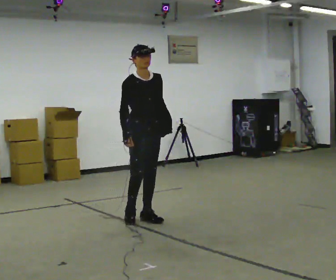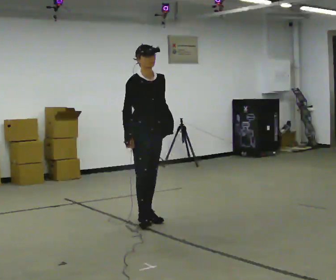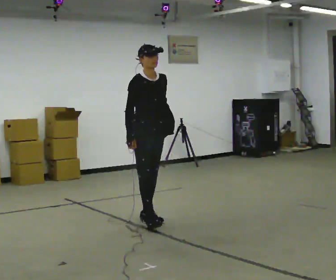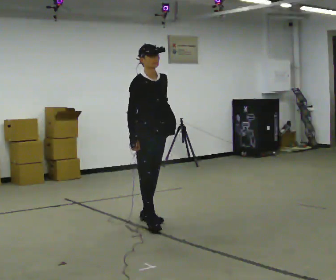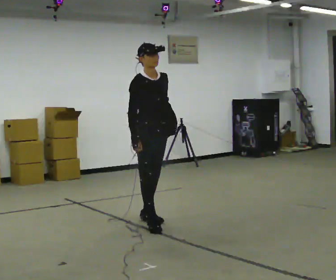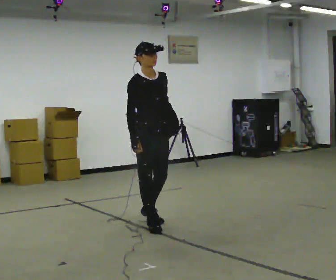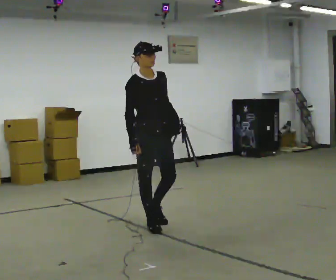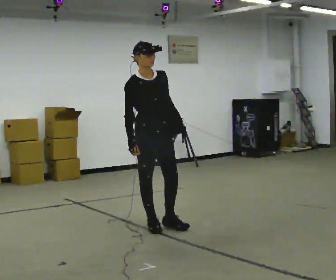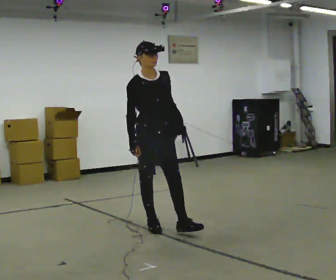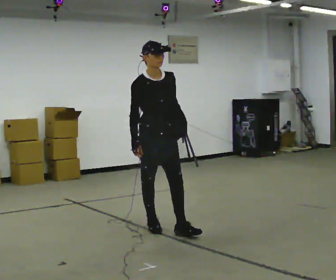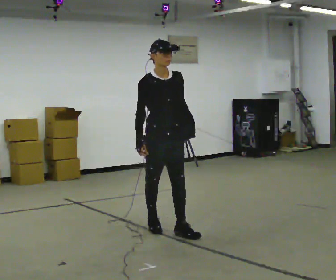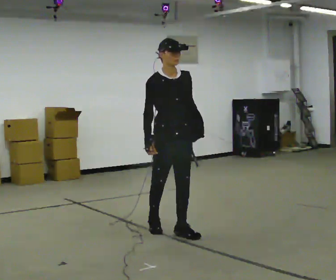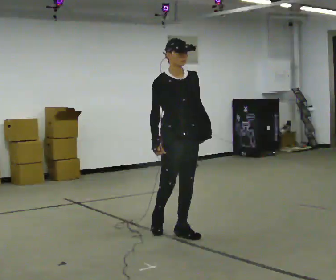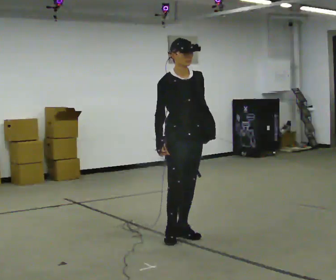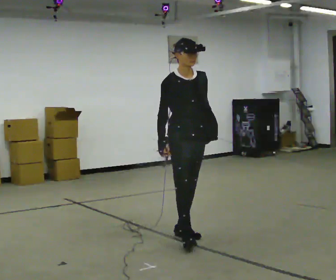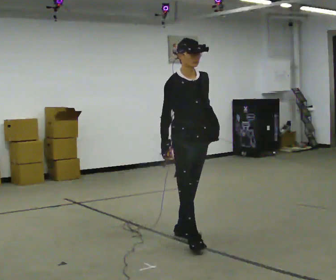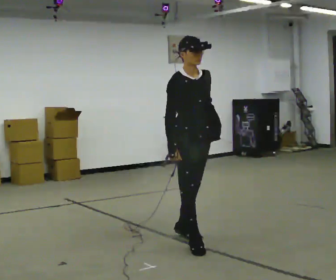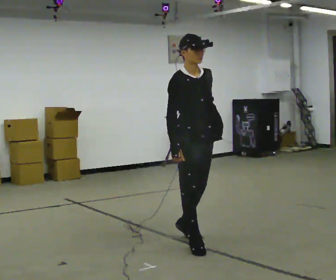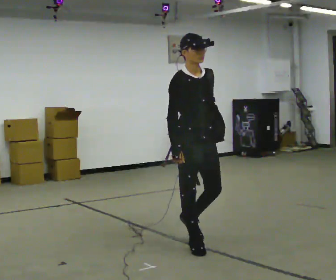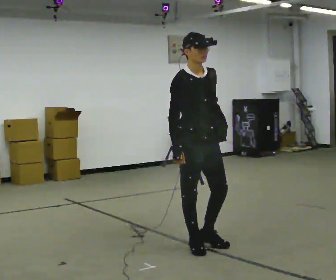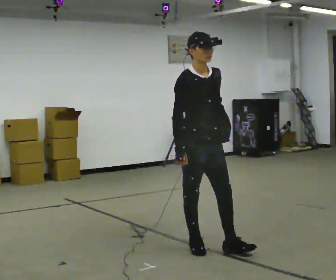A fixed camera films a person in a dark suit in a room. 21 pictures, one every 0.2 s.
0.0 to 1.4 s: In the picture they go toward the camera, about 0.25 m in 1 step, which for them is forward and to their right.
1.4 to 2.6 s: In the picture they go to the right and toward the camera, about 0.5 m in 1 step, which for them is forward and to their left.
2.6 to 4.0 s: In the picture they go toward the camera, about 0.5 m in 1 step, which for them is forward and to their right.
The film runs forward here.
